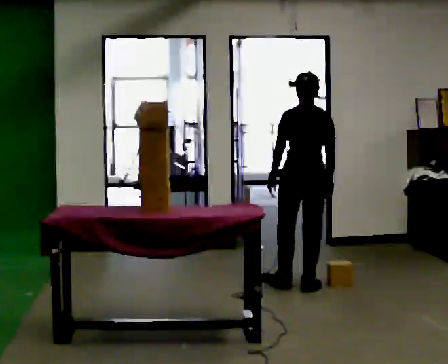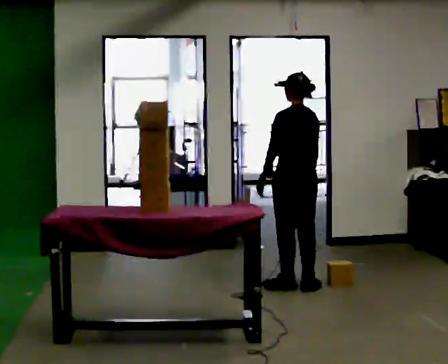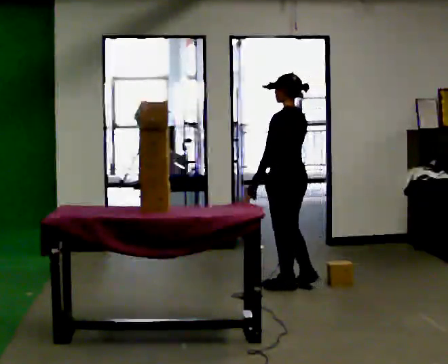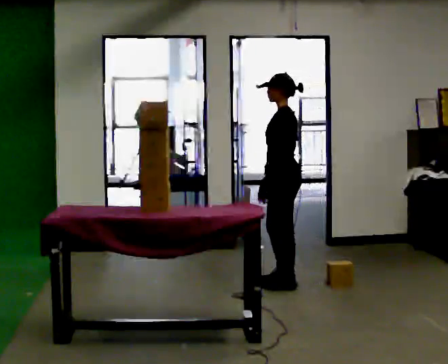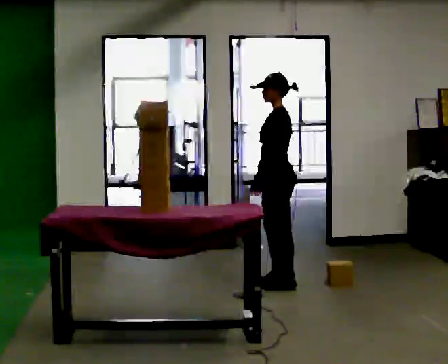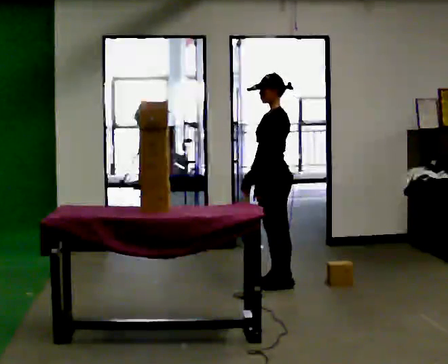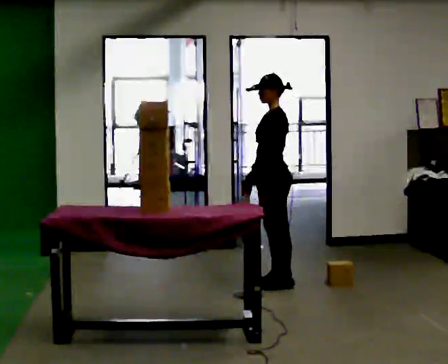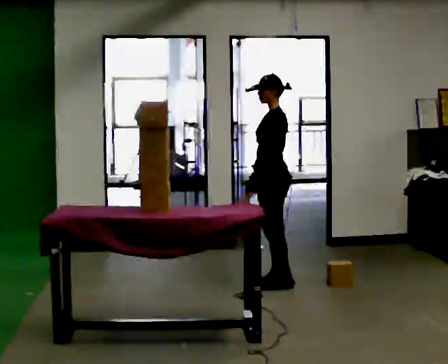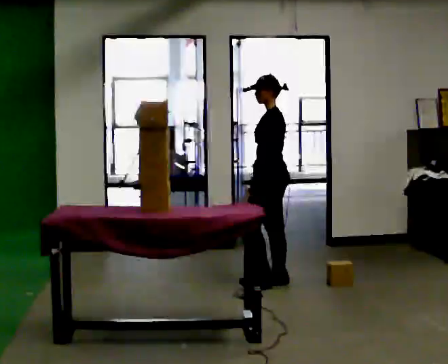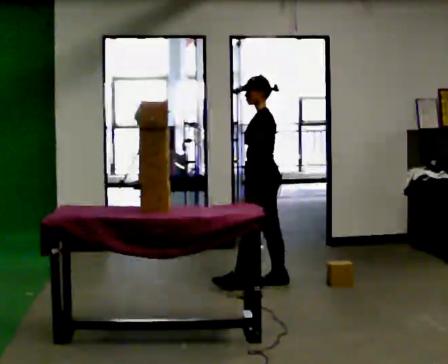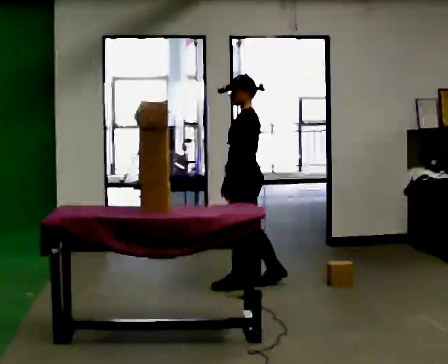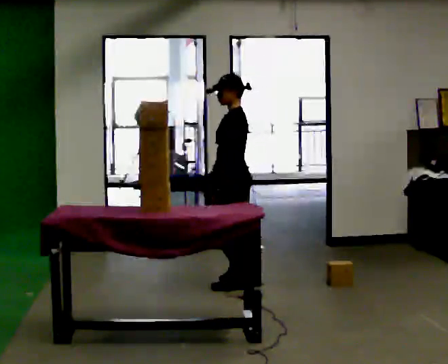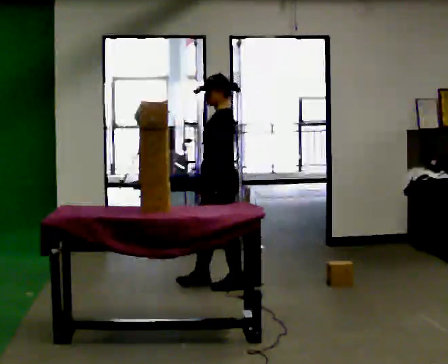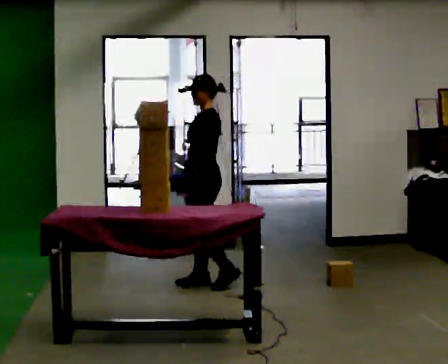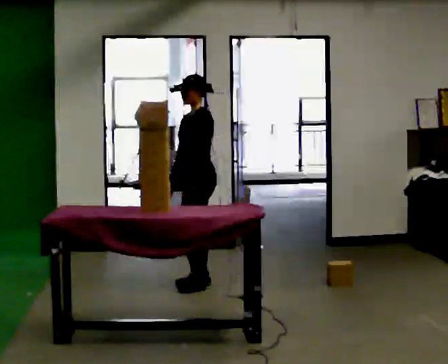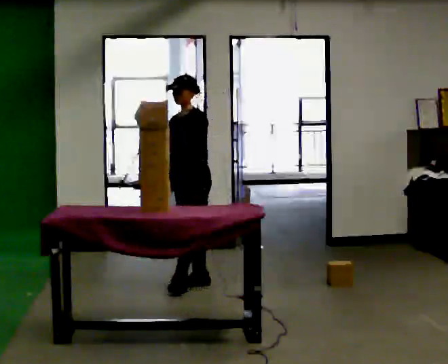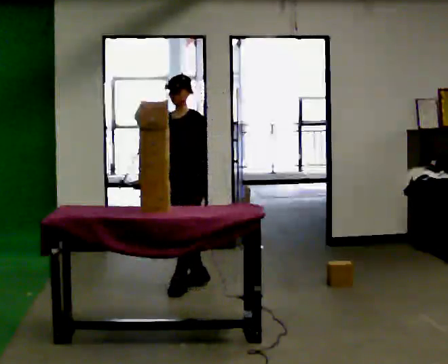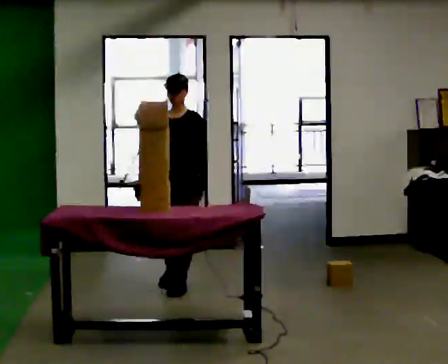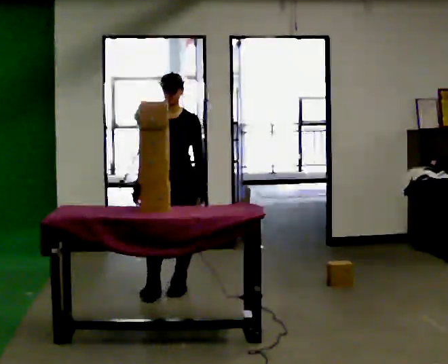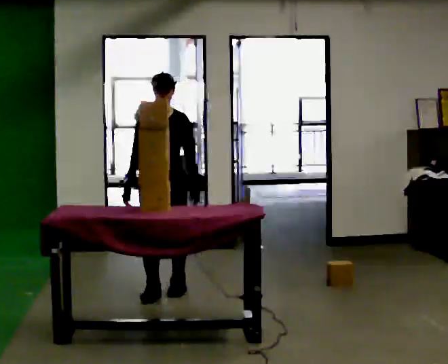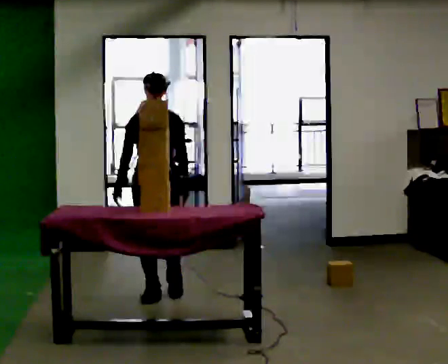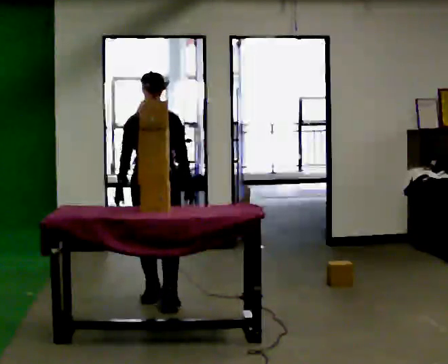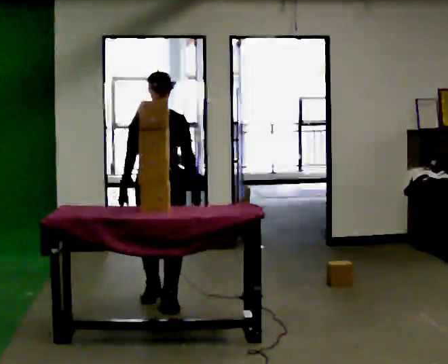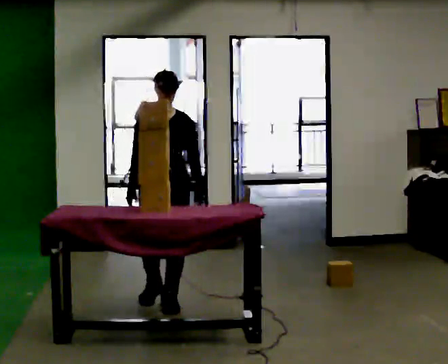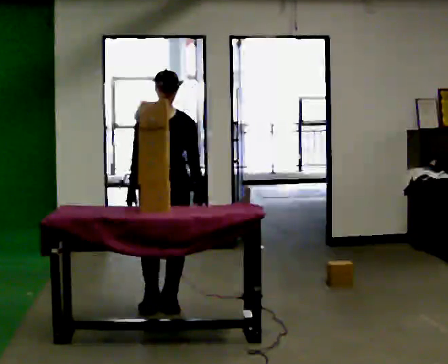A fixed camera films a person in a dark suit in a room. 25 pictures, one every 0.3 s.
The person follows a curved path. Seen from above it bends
counterclockwise.
The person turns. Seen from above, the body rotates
counterclockwise.
0.0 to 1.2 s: Seen from above the body turns counterclockwise, about 90 degrees: to their left, with its near side sliding to the right. In the picture they go to the left, about 0.25 m in 1 step.
1.2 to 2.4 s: The person moves a little, or ends about where they began.
2.4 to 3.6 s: In the picture they go to the left, about 0.5 m in 2 steps, which for them is forward.
3.6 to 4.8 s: Seen from above the body turns counterclockwise, about 45 degrees: to their left, with its near side sliding to the right. In the picture they go to the left, about 0.25 m in 1 step, which for them is forward.
4.8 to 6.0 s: The person turns about 45 degrees to their left, counterclockwise seen from above, so the part of the body nearest the lens slides to the right. In the picture they go toward the camera and to the left, about 0.25 m in 1 step, which for them is forward.
6.0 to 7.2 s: In the picture they go toward the camera, about 0.25 m in 2 steps, which for them is forward.
The film runs forward here.
